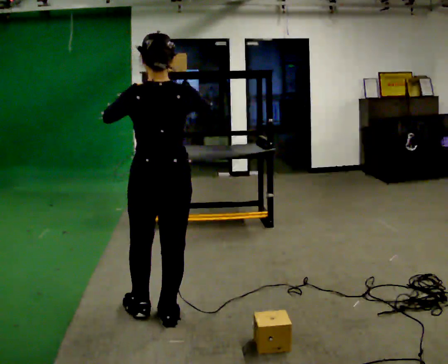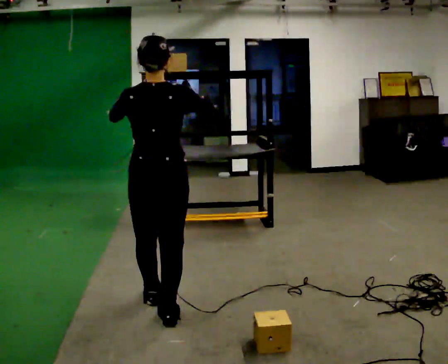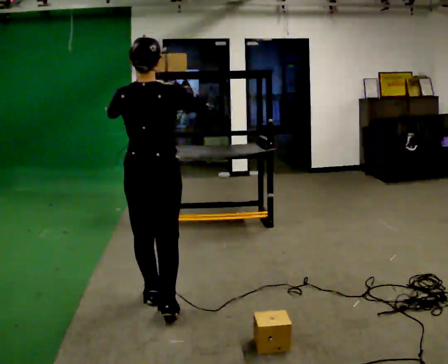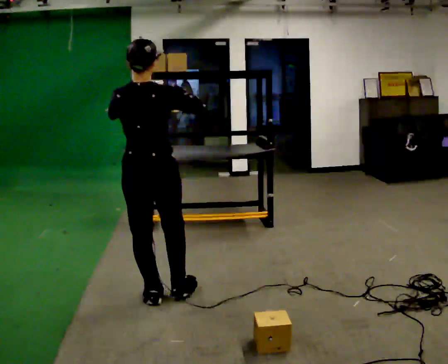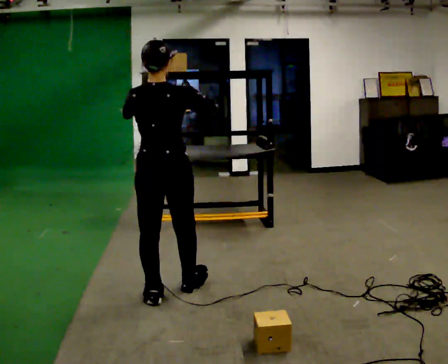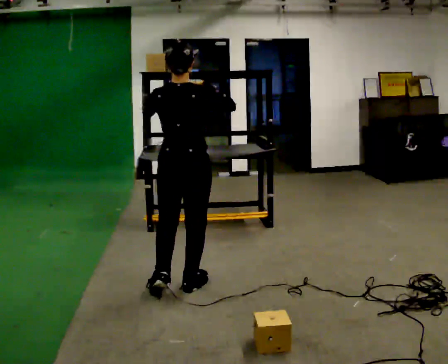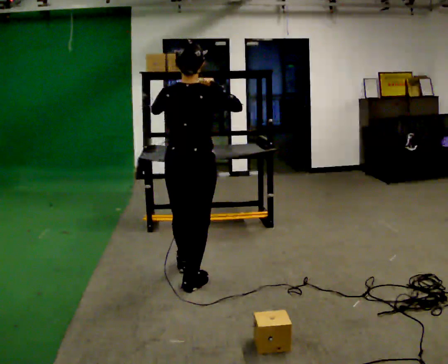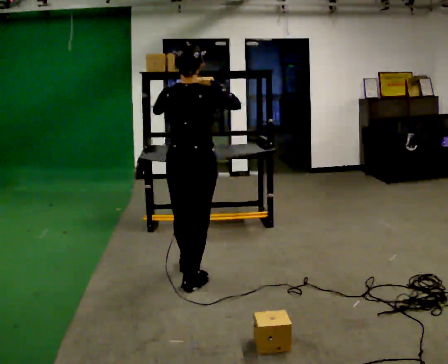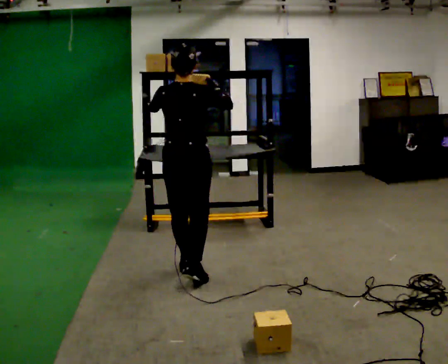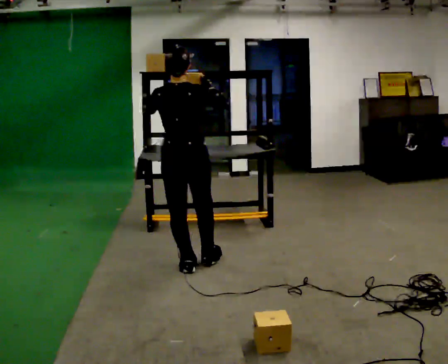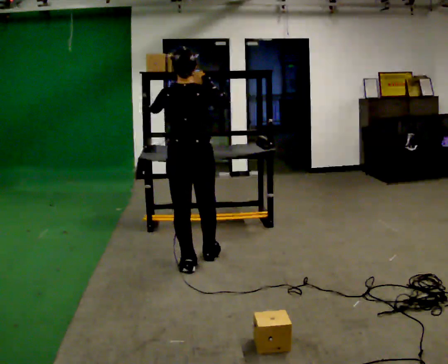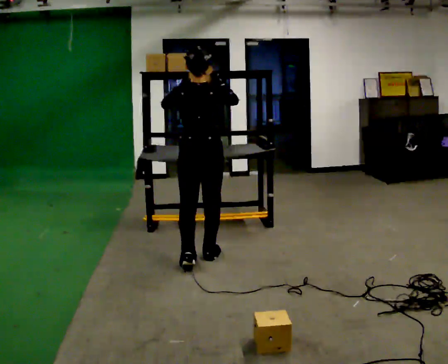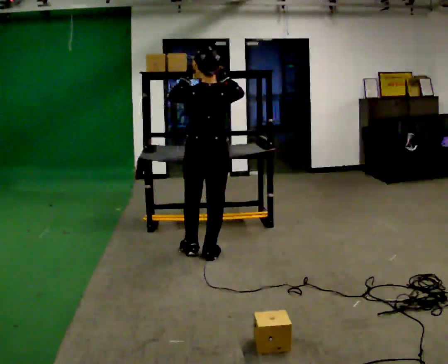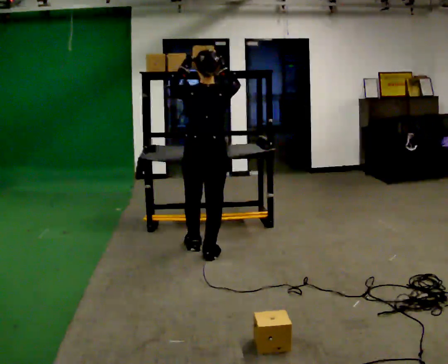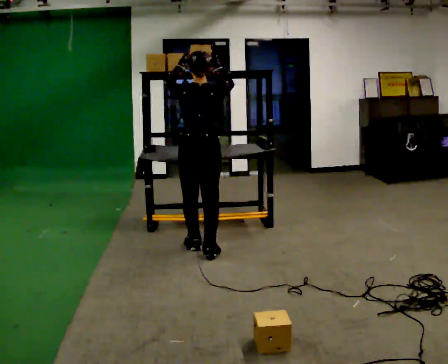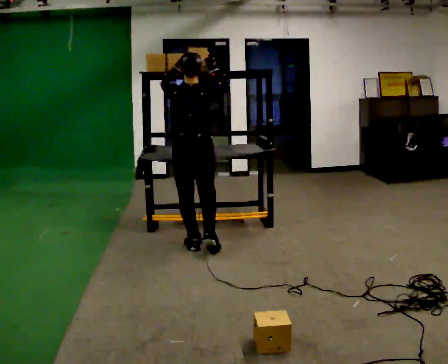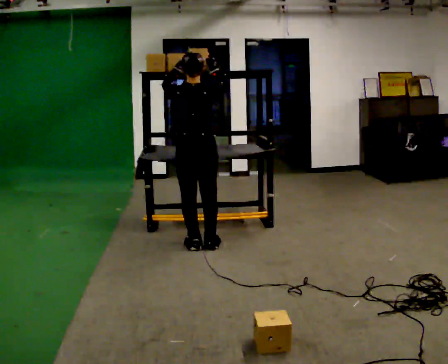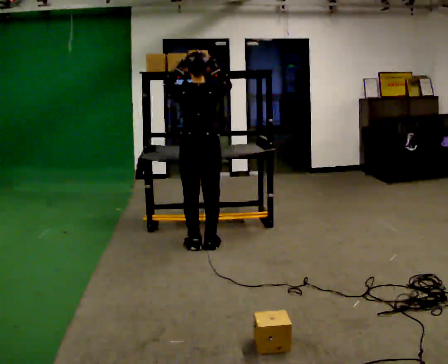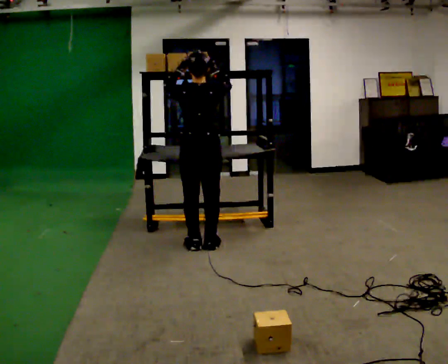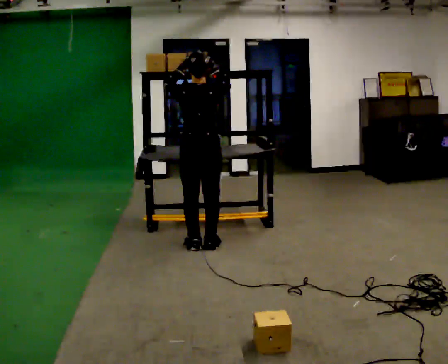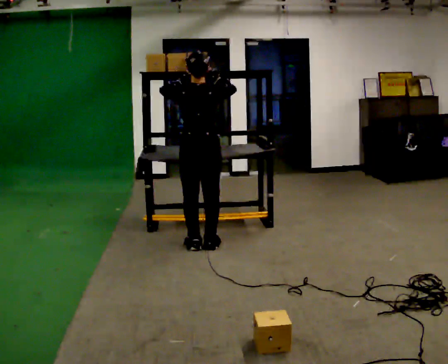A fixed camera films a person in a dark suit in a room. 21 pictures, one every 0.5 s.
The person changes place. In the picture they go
away from the camera.
0.0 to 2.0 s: In the picture they go away from the camera, about 0.25 m in 2 steps, which for them is forward.
2.0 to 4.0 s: In the picture they go away from the camera, about 0.5 m in 1 step, which for them is forward.
4.0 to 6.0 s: In the picture they go away from the camera and to the right, about 0.5 m in 1 step, which for them is forward.
6.0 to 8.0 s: In the picture they go away from the camera, about 0.25 m in 2 steps, which for them is forward.
8.0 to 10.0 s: The person moves a little, or ends about where they began.
The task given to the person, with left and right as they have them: Pick an object up off the floor, carry it across the room, and place it on the highest shelf you can comfortably reach. Keep going until the operator says stop; one object at a time, and do not rush between trips.
The film runs forward here.
